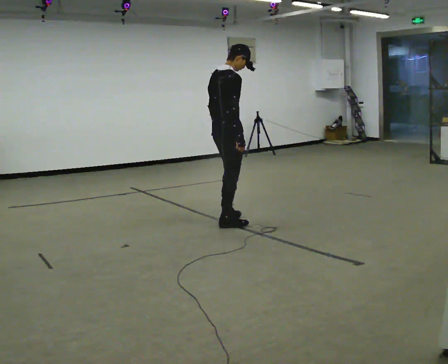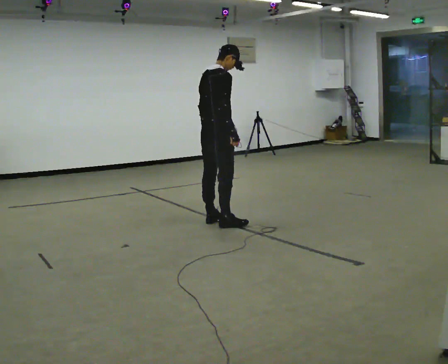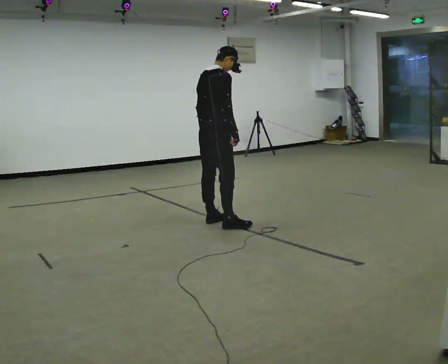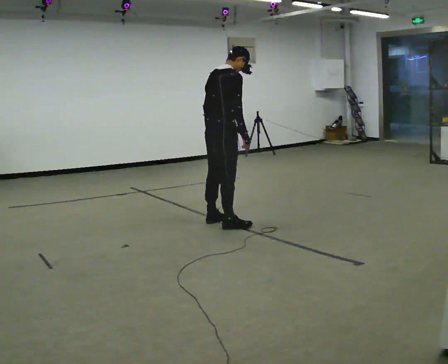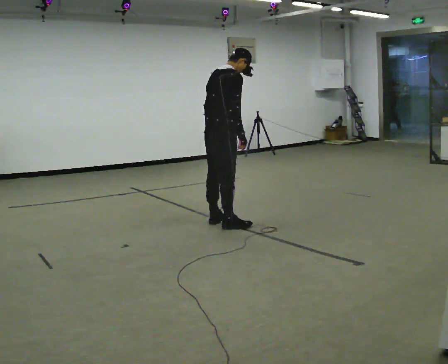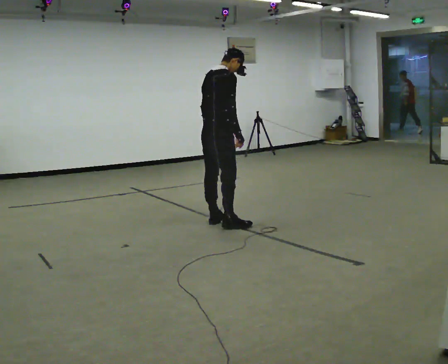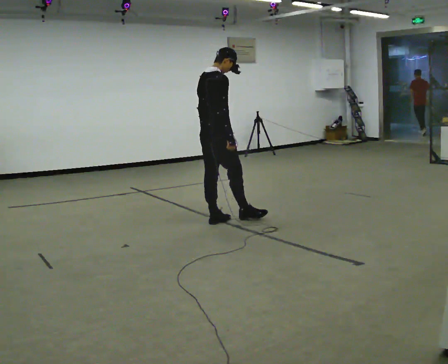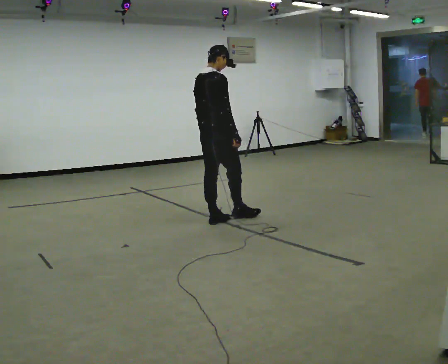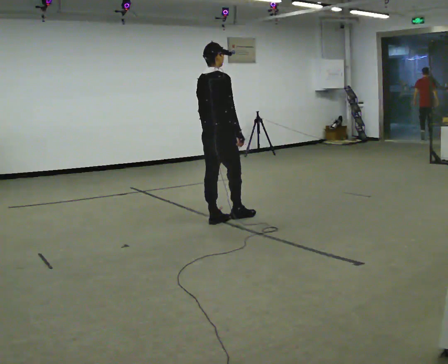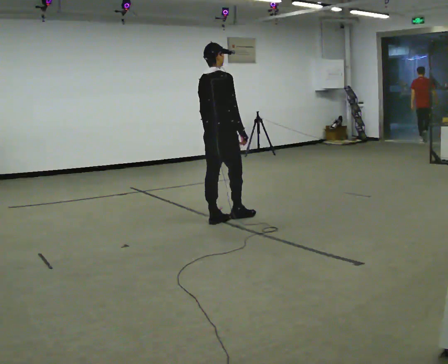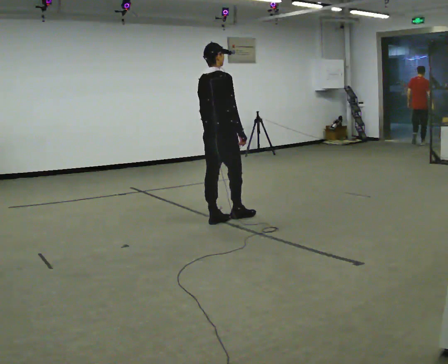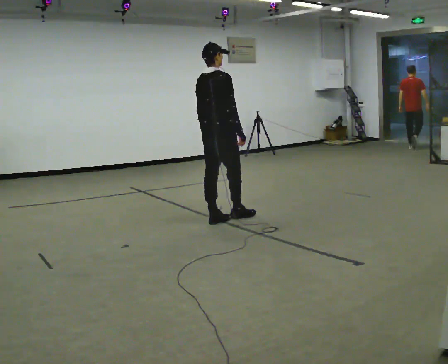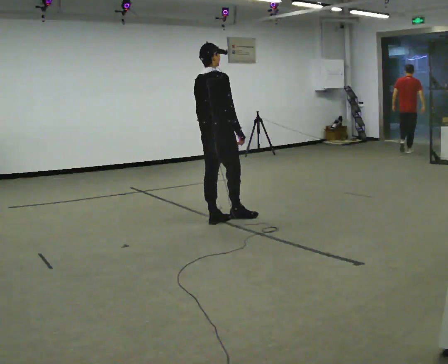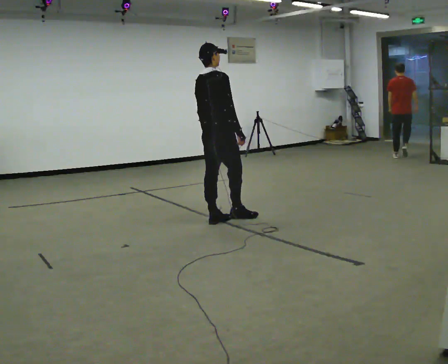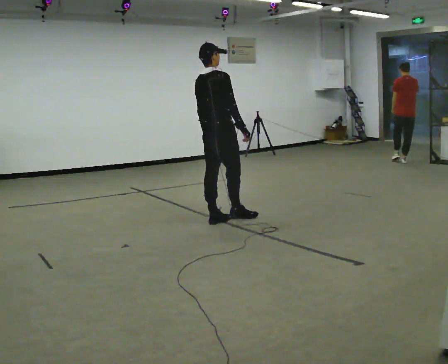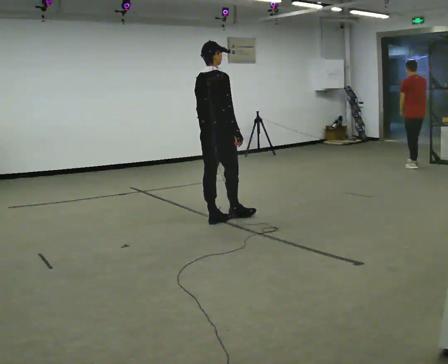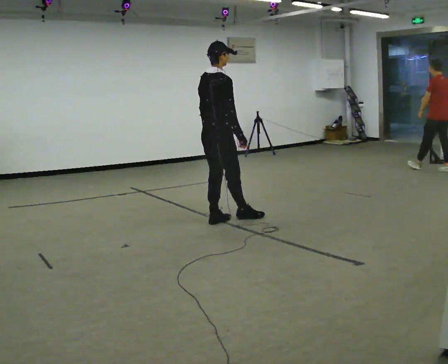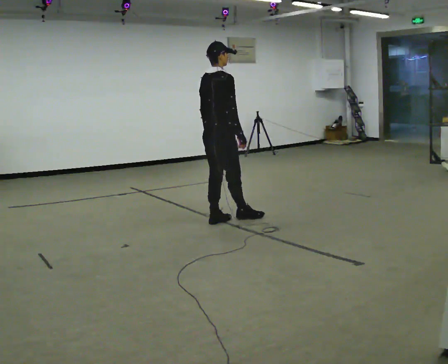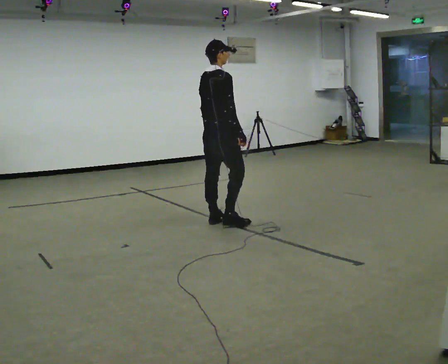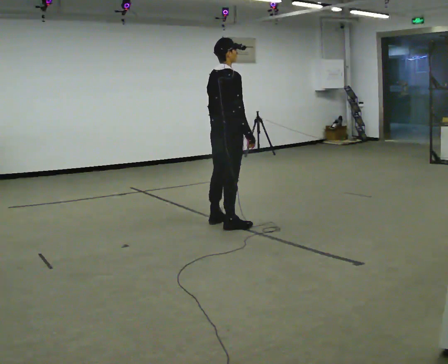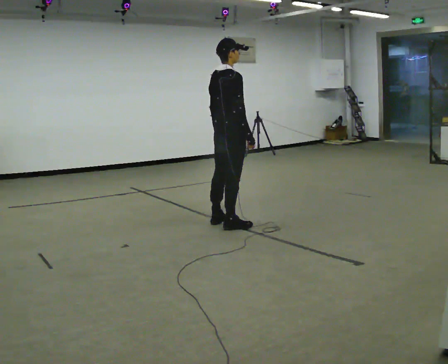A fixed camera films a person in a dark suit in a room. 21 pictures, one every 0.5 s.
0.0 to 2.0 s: The person moves a little, or ends about where they began.
2.0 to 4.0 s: In the picture they go away from the camera, about 0.25 m in 1 step, which for them is to their left. In the picture the upper body tilts counterclockwise, shoulders to the left.
4.0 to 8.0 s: The person moves a little, or ends about where they began.
8.0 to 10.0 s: In the picture they go toward the camera, about 0.25 m in 1 step, which for them is to their right.
The film runs backward here.
